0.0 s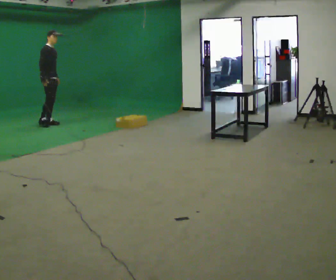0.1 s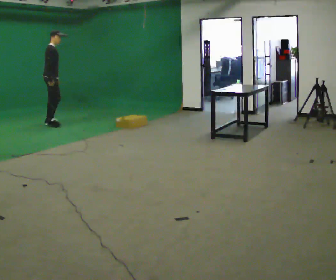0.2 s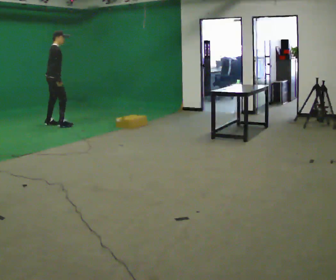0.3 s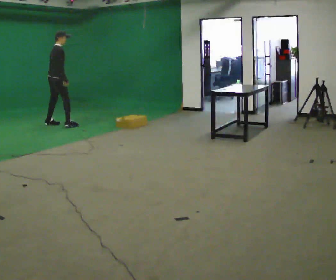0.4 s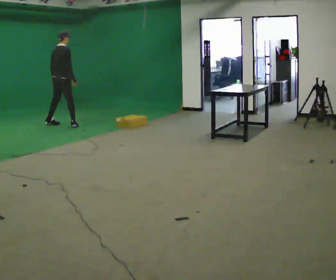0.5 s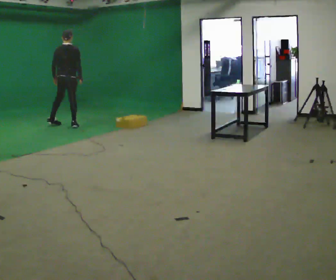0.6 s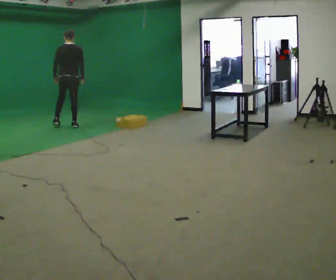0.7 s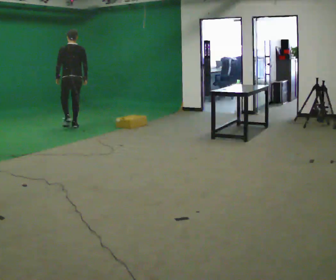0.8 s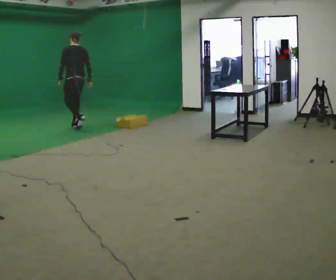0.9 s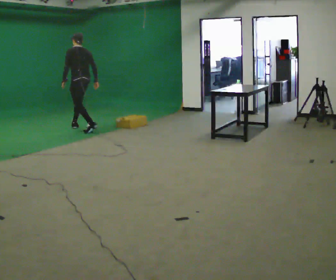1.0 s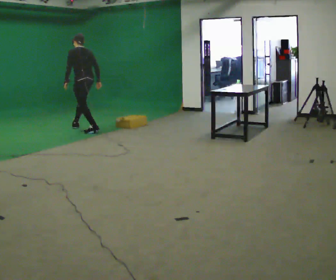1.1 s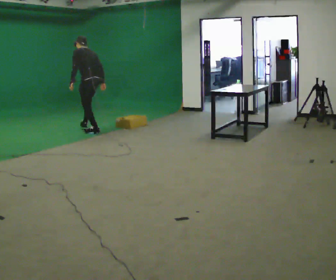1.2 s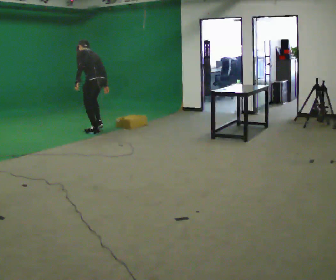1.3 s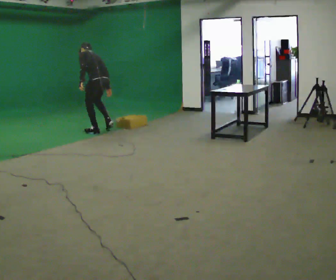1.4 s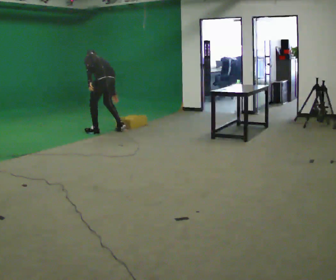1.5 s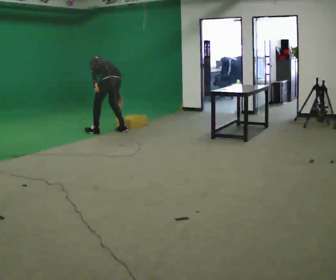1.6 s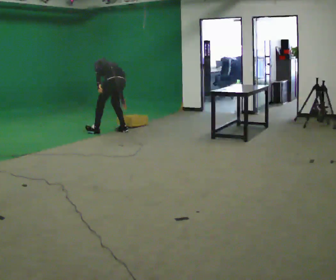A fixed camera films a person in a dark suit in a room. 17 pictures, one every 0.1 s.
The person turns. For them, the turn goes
to their left.
The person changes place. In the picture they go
to the right.
0.0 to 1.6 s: Seen from above the body turns counterclockwise, about 150 degrees: to their left, with its near side sliding to the right. In the picture they go to the right and toward the camera, about 1.5 m in 2 steps. The upper body goes downward. The upper body tips away from the camera, its near side rolling upward, as they bend forward.
The film runs backward here.
